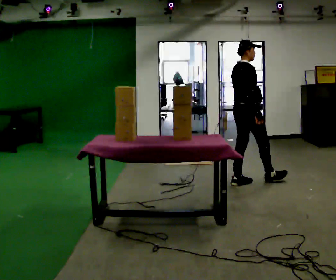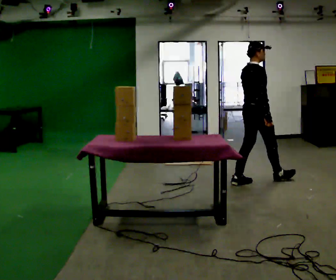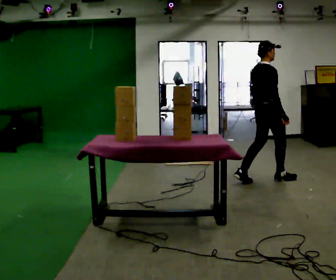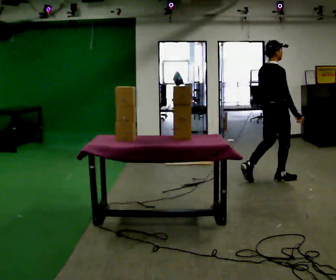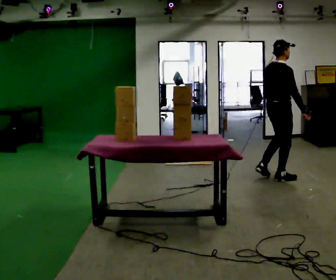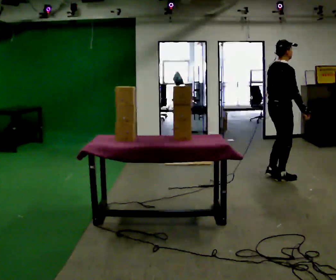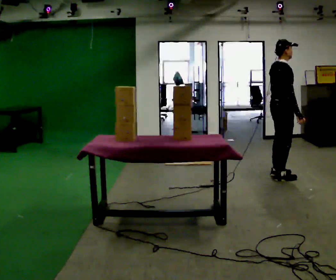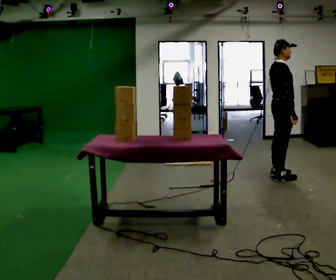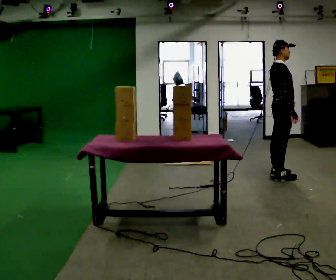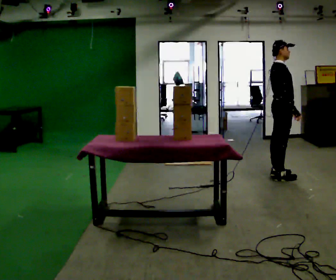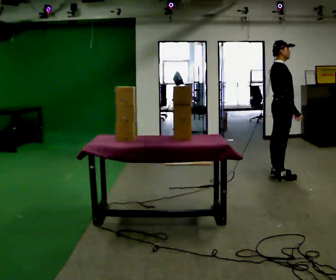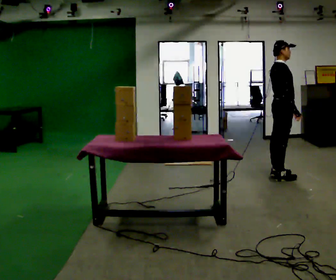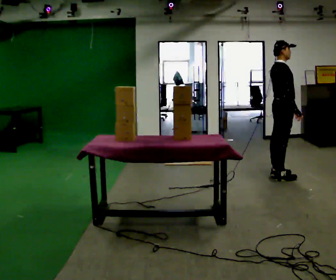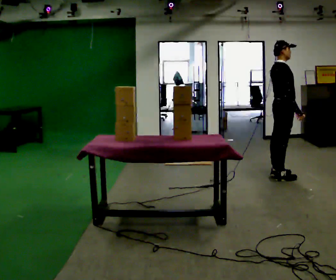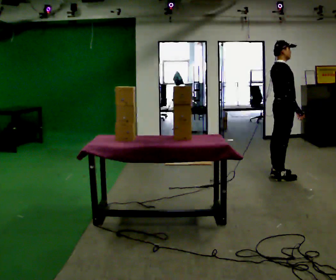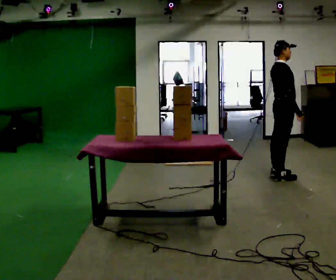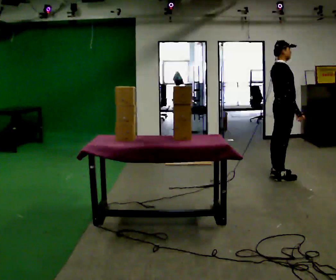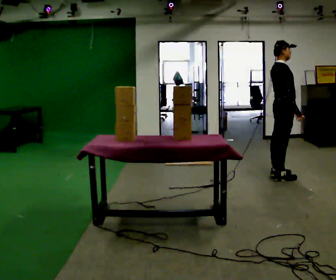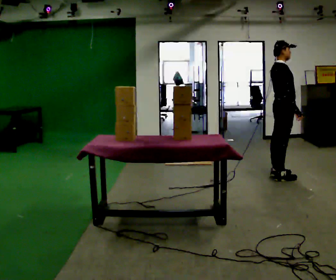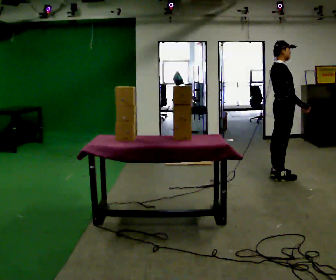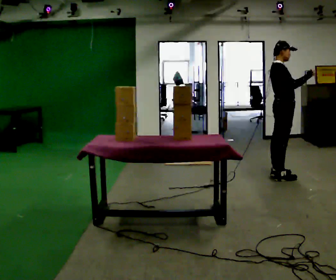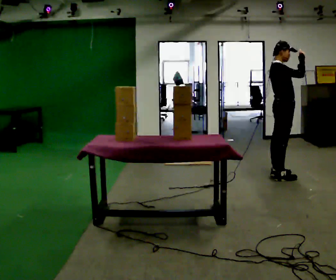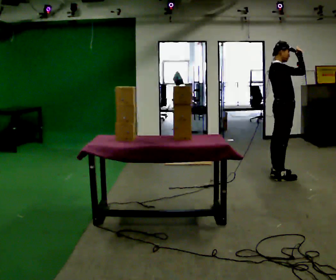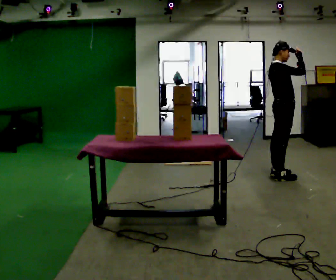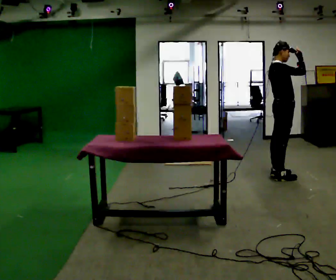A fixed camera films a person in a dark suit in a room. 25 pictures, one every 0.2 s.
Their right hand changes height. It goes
upward.
0.0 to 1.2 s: In the picture they go to the right and away from the camera, about 0.5 m in 2 steps, which for them is forward.
1.2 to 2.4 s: The person moves a little, or ends about where they began.
2.4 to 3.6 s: The person keeps their place and pose.
3.6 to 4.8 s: In the picture their right hand goes upward, the arm swinging counterclockwise.
The film runs forward here.
